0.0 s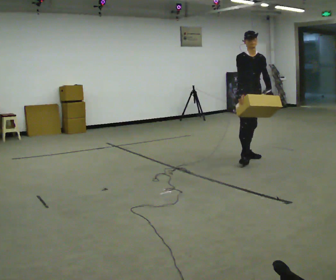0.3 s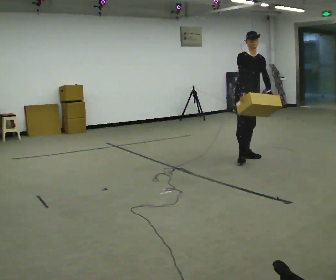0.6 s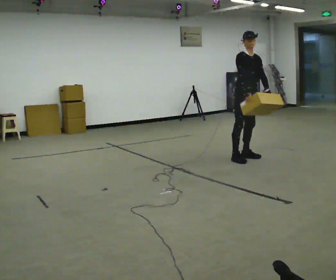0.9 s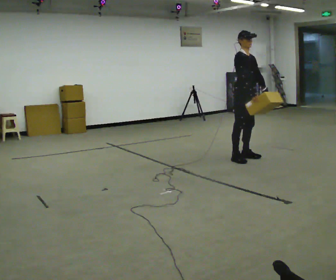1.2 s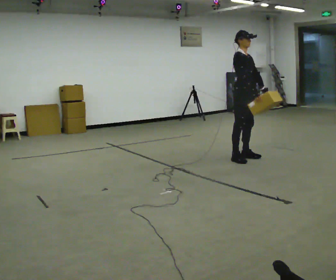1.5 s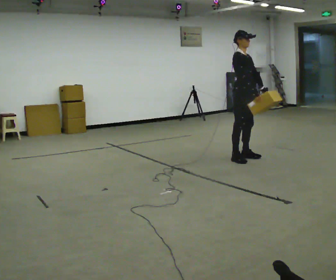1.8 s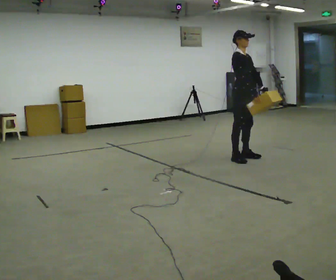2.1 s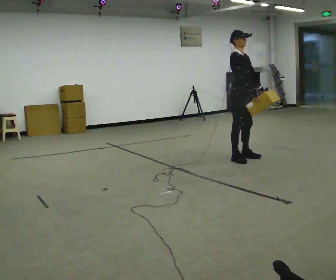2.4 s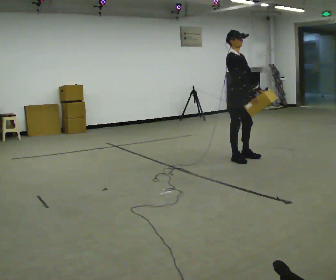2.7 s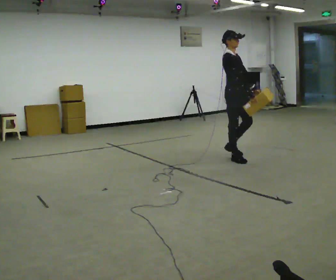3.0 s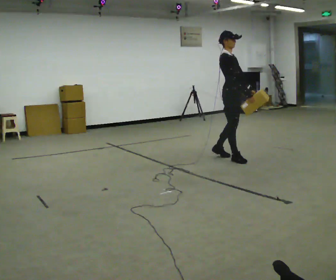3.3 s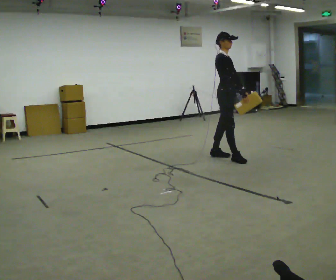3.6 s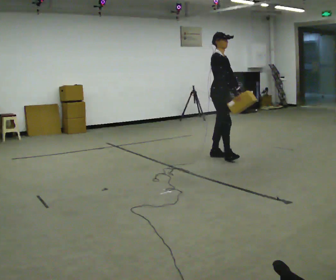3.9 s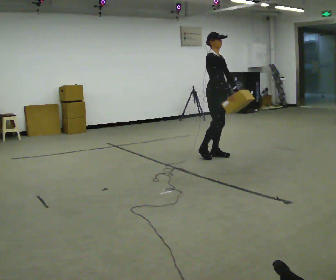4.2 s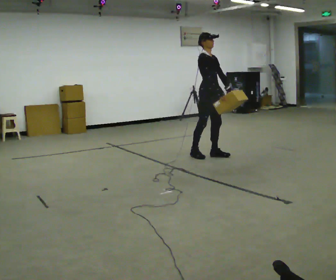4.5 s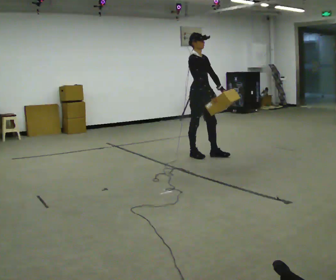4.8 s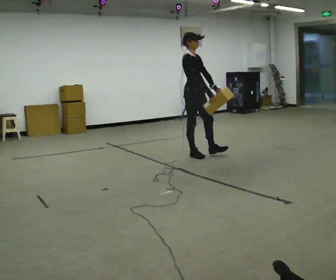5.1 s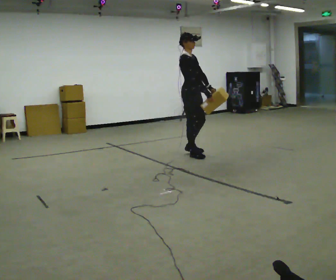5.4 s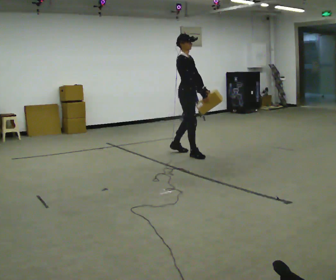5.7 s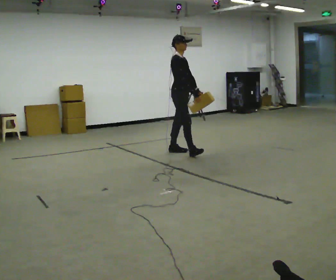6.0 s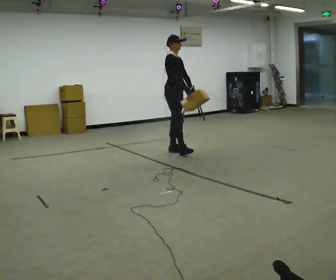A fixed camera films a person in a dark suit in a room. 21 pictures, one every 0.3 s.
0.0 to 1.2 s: The person turns about 30 degrees to their left, counterclockwise seen from above, so the part of the body nearest the lens slides to the right.
1.2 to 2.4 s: The person moves a little, or ends about where they began.
2.4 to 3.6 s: In the picture they go to the left and away from the camera, about 0.25 m in 2 steps, which for them is backward.
3.6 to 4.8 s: In the picture they go to the left, about 0.25 m in 1 step, which for them is backward and to their right.
4.8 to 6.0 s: In the picture they go to the left and away from the camera, about 0.5 m in 1 step, which for them is backward and to their left.
The film runs backward here.
